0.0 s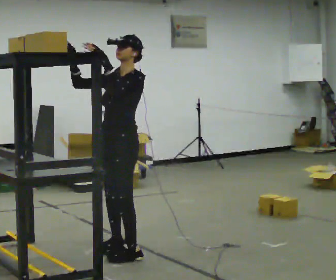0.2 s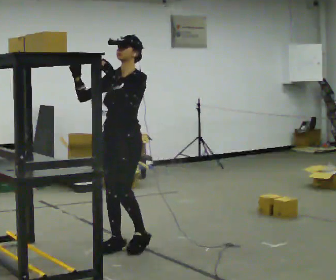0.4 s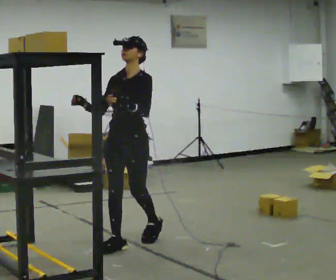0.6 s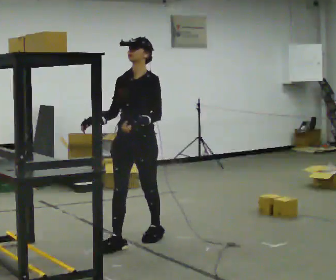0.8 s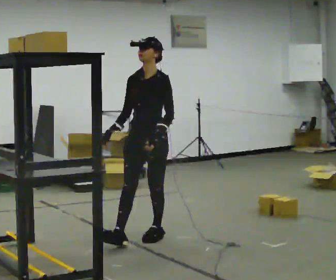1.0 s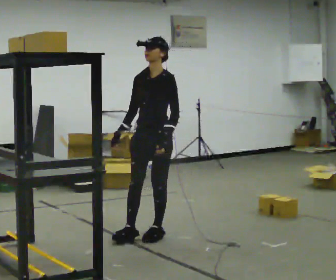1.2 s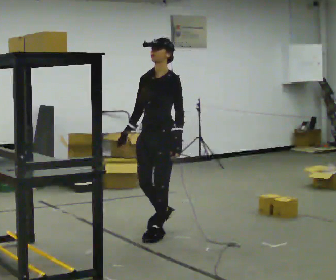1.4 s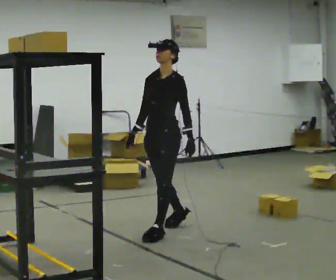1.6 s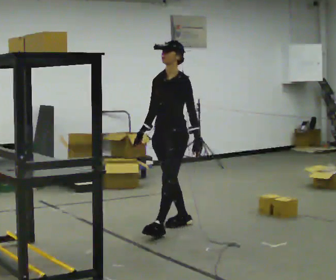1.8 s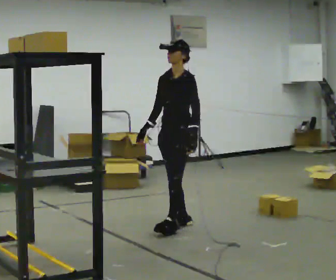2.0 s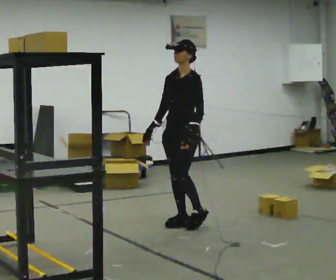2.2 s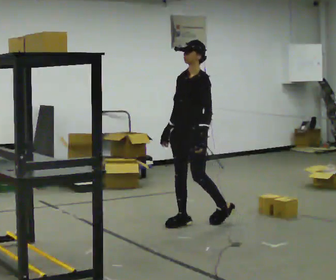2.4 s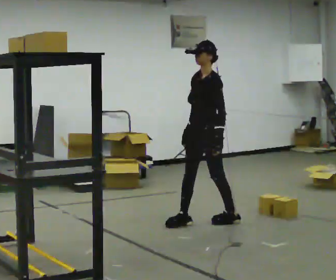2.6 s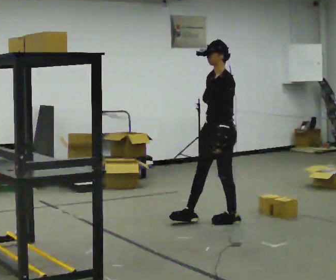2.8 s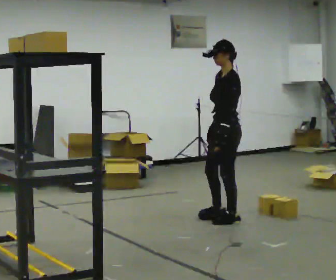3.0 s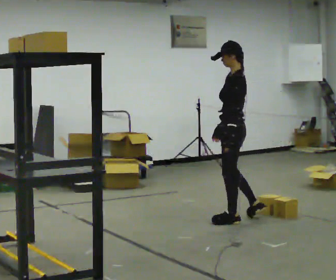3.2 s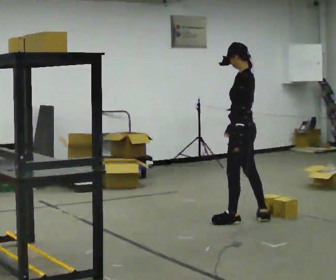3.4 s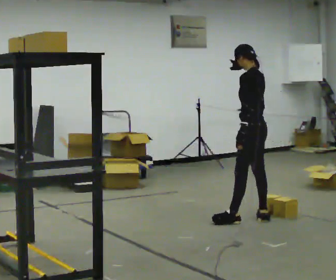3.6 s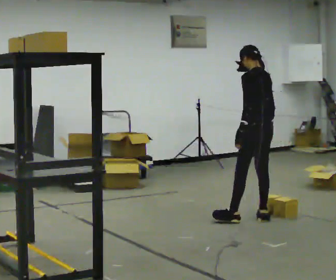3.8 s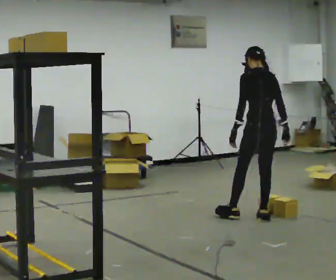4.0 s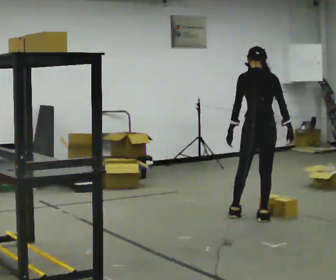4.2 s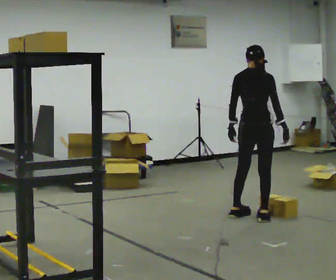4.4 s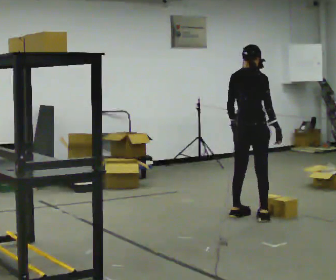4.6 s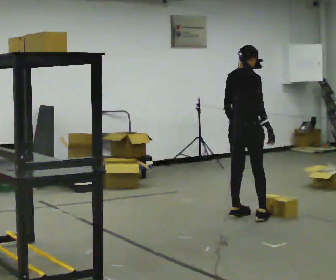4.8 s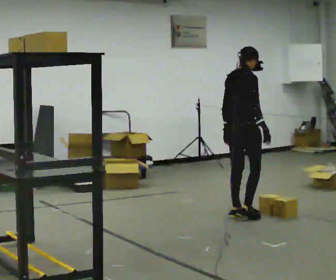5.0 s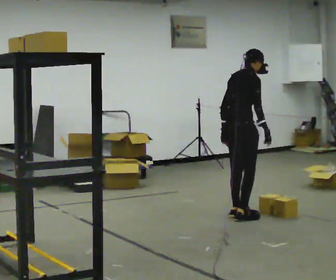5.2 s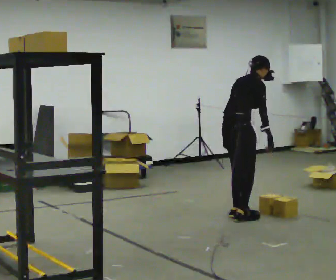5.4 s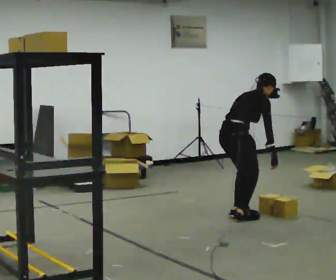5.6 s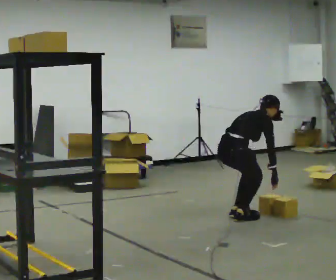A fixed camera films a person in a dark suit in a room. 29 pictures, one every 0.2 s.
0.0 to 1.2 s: In the picture they go away from the camera and to the right, about 0.5 m in 1 step, which for them is backward. In the picture their left hand goes downward.
1.2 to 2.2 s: In the picture they go away from the camera and to the right, about 0.5 m in 1 step, which for them is backward.
2.2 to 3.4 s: Seen from above the body turns clockwise, about 75 degrees: to their right, with its near side sliding to the left. In the picture they go to the right, about 0.5 m in 1 step.
3.4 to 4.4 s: The person turns about 90 degrees to their right, clockwise seen from above, so the part of the body nearest the lens slides to the left.
4.4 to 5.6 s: In the picture they go to the left, about 0.25 m in 1 step, which for them is backward. The upper body goes downward. In the picture the upper body tilts clockwise, shoulders to the right, as they bend forward. In the picture their left hand goes downward.
The film runs backward here.
